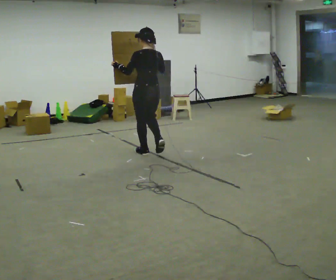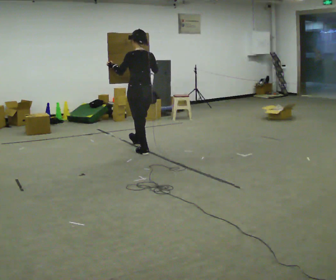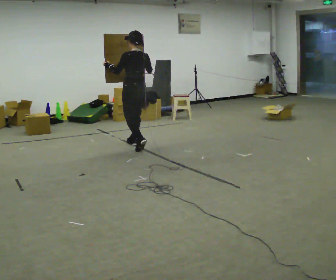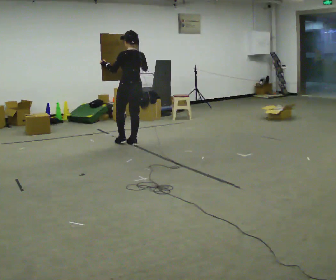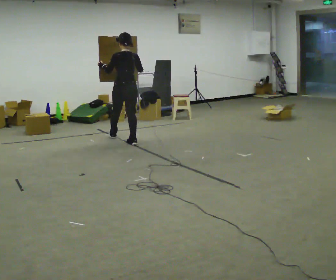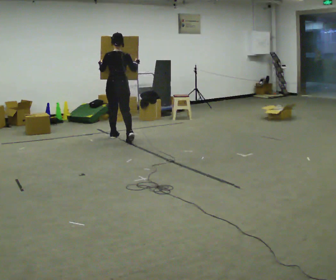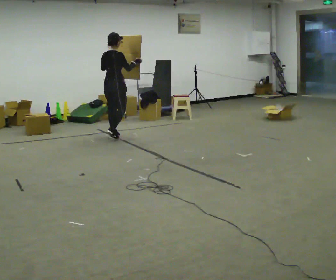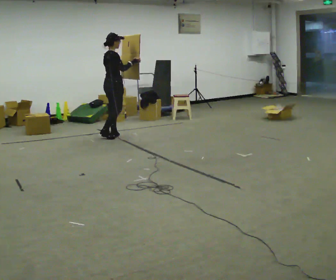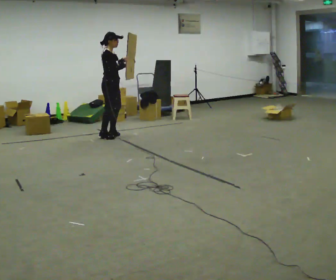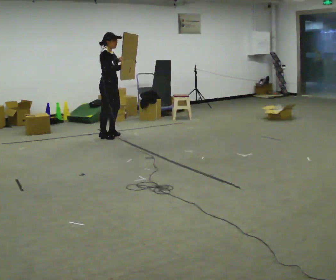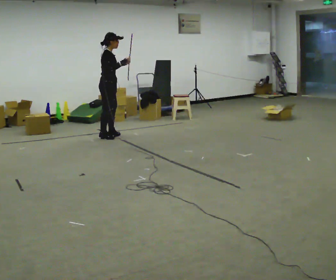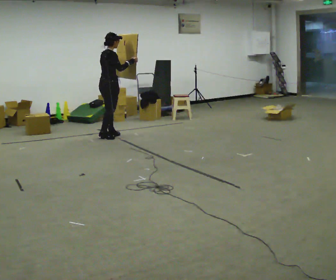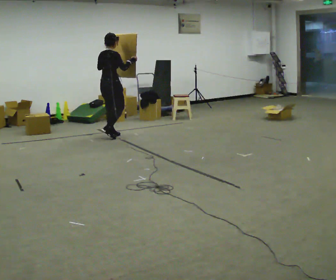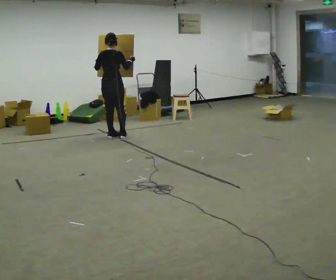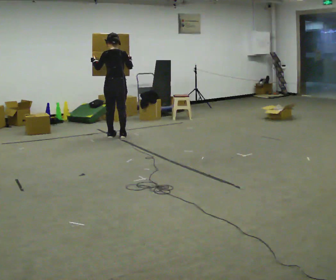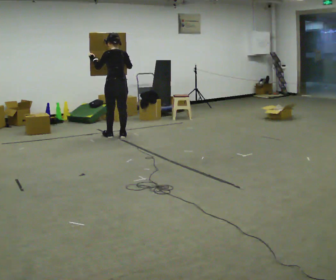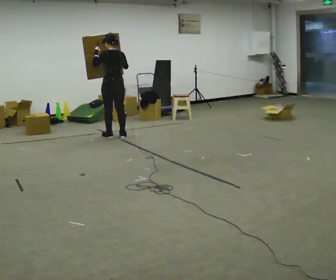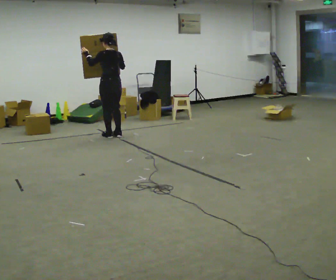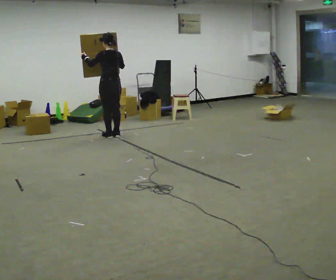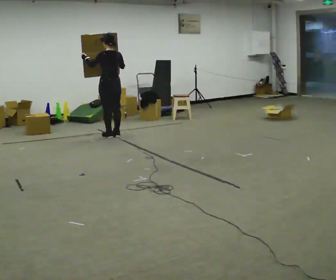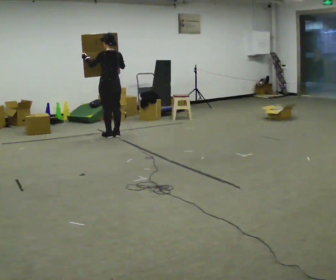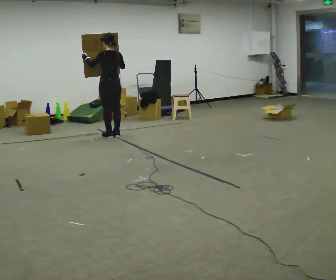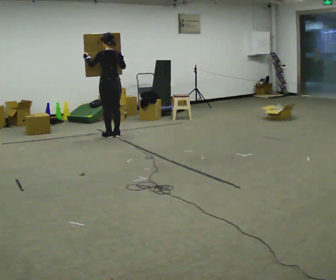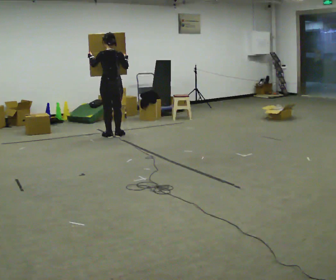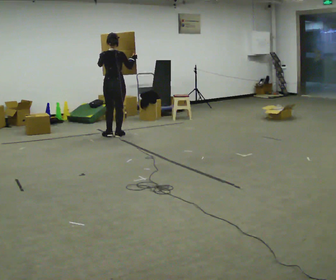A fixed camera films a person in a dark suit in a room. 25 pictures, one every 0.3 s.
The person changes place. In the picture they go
away from the camera.
0.0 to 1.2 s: In the picture they go away from the camera, about 1 m in 2 steps, which for them is forward.
1.2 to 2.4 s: The part of the body nearest the lens slides to the left as the person turns to their right by about 120 degrees. In the picture they go away from the camera and to the left, about 0.25 m in 1 step.
2.4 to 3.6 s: Seen from above the body turns counterclockwise, about 75 degrees: to their left, with its near side sliding to the right. In the picture their left hand goes to the left.
3.6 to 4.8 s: Seen from above the body turns counterclockwise, about 60 degrees: to their left, with its near side sliding to the right.
4.8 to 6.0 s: The person moves a little, or ends about where they began.
6.0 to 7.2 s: The part of the body nearest the lens slides to the left as the person turns to their right by about 60 degrees. In the picture their left hand goes to the right.
The film runs forward here.
